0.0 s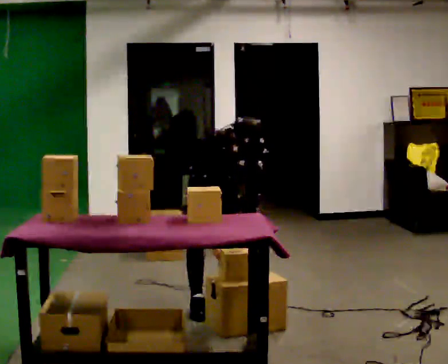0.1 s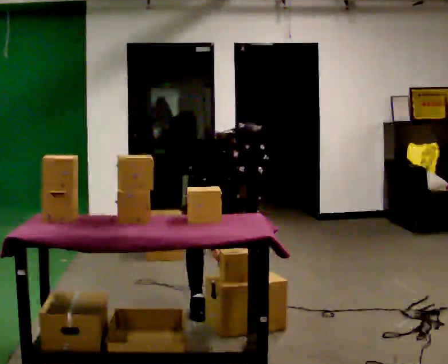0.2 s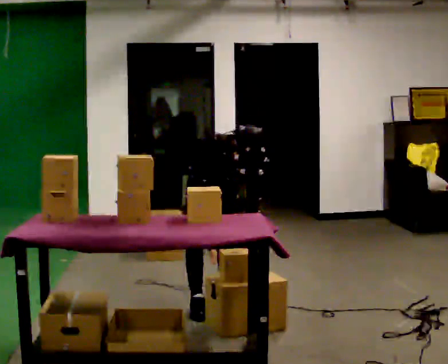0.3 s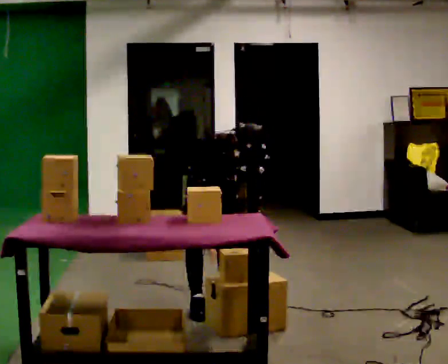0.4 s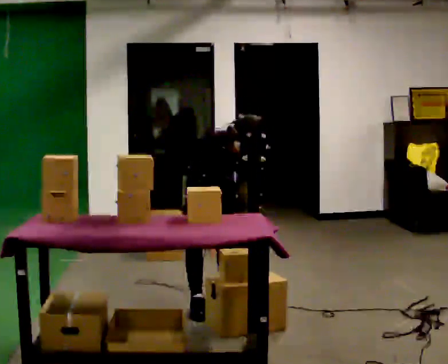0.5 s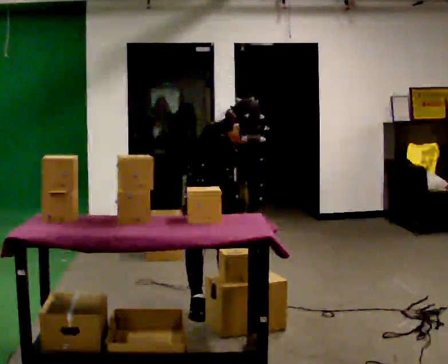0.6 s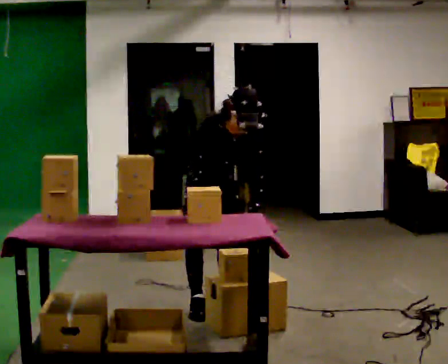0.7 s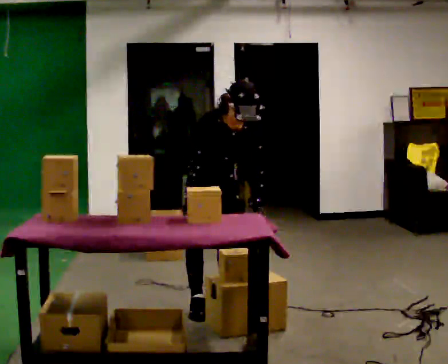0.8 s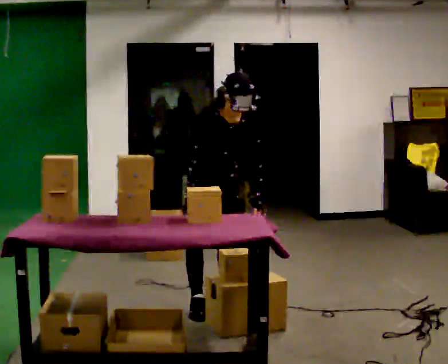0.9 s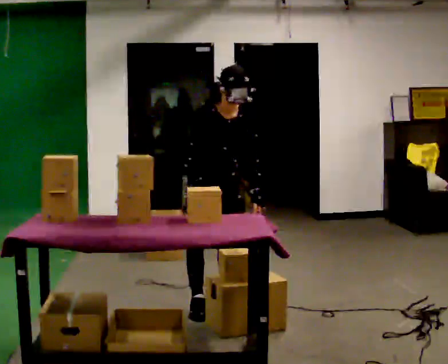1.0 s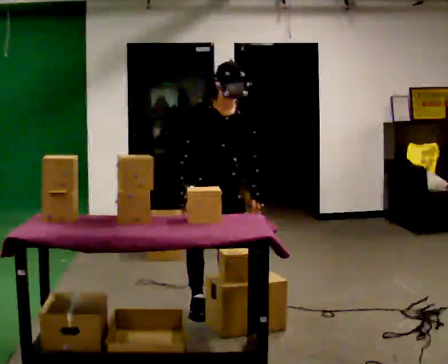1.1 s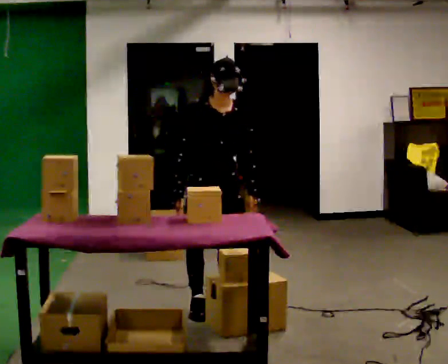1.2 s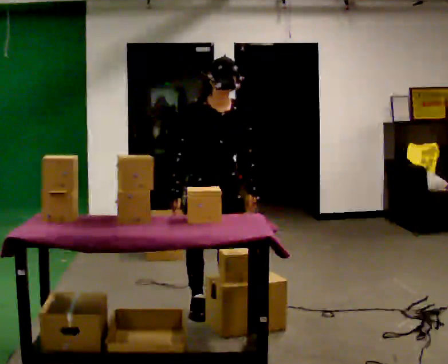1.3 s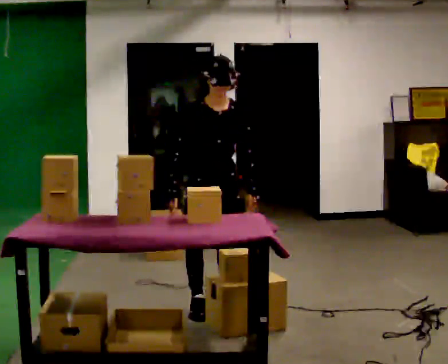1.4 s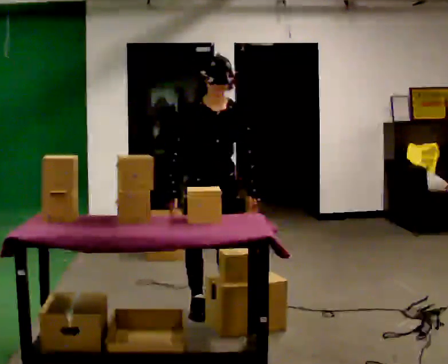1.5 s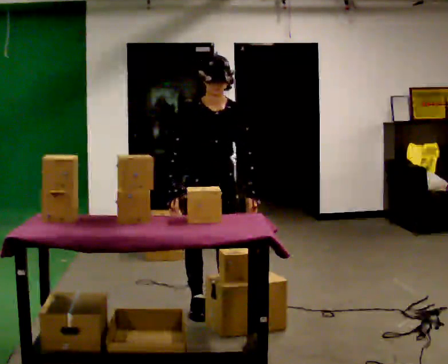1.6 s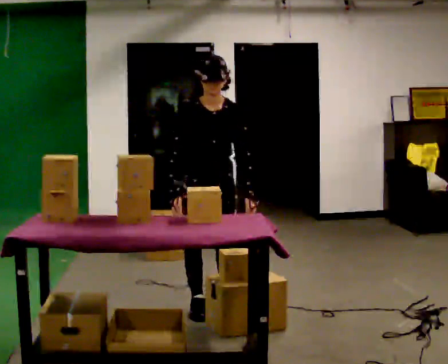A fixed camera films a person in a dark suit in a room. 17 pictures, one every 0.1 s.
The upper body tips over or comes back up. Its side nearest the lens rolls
upward.
0.0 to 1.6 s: In the picture they go toward the camera, about 0.25 m, which for them is forward. The upper body goes upward. The upper body tips away from the camera, its near side rolling upward, as they lean back or straighten.
The film runs backward here.
